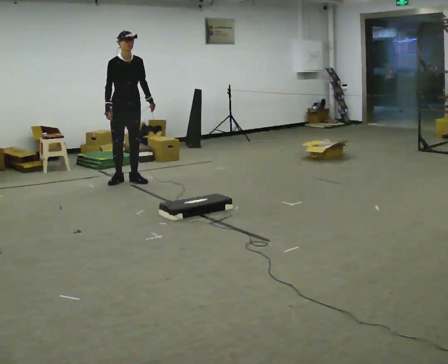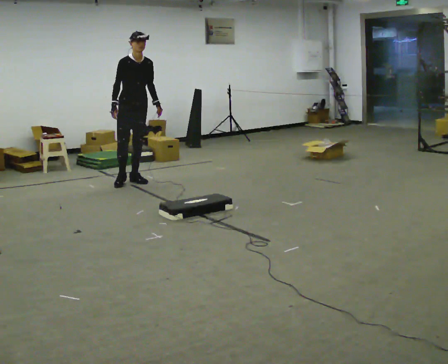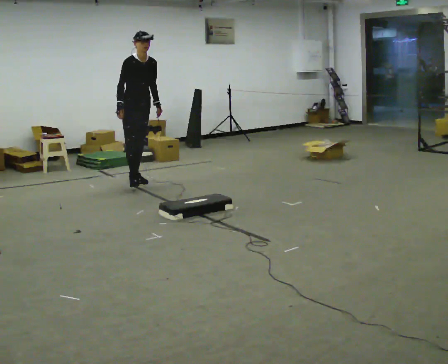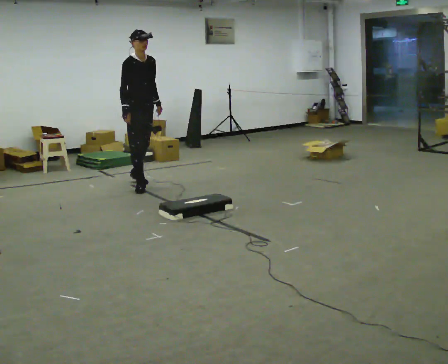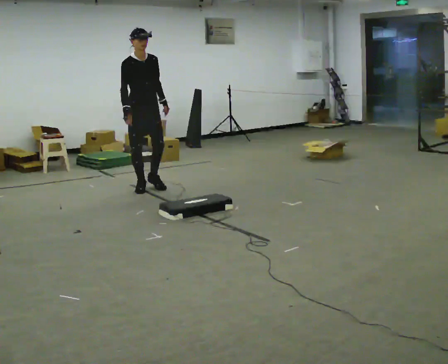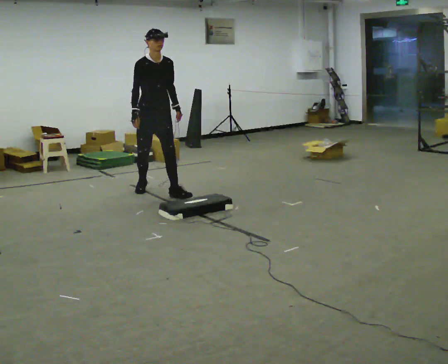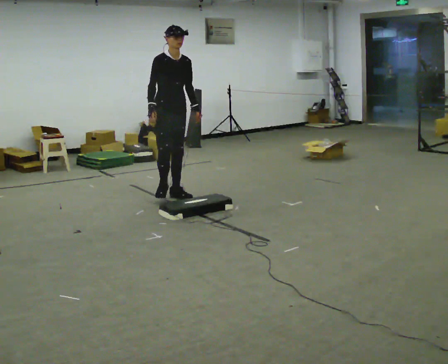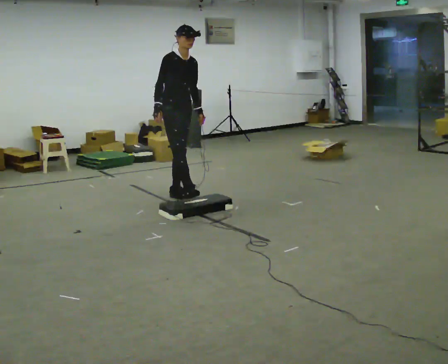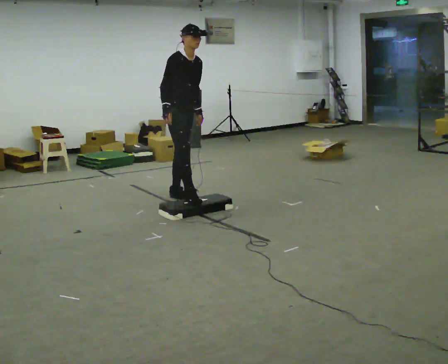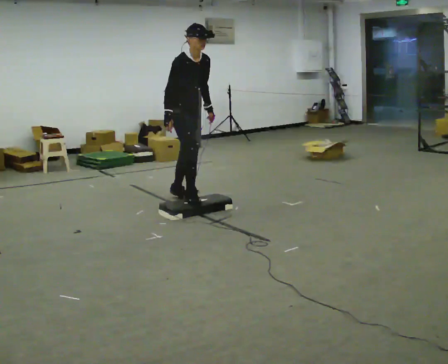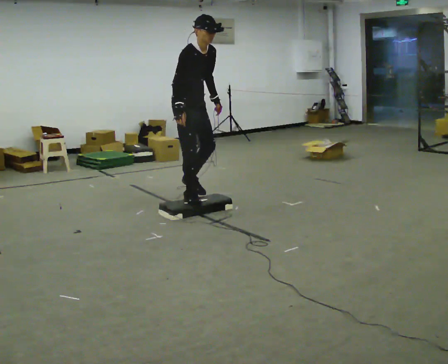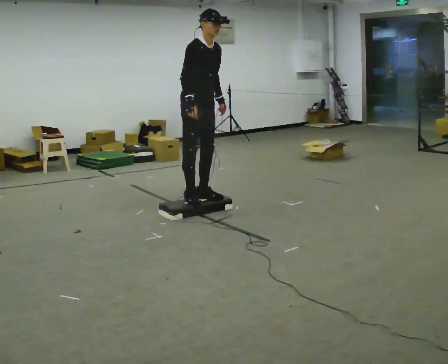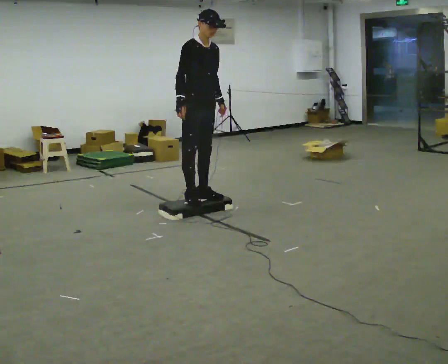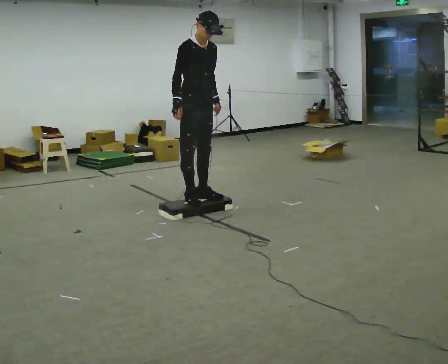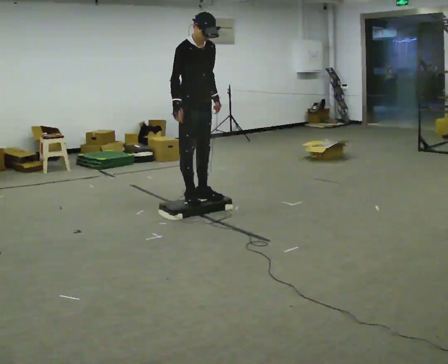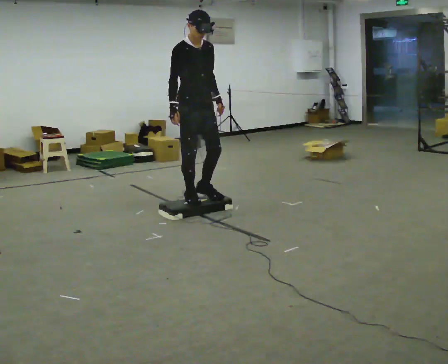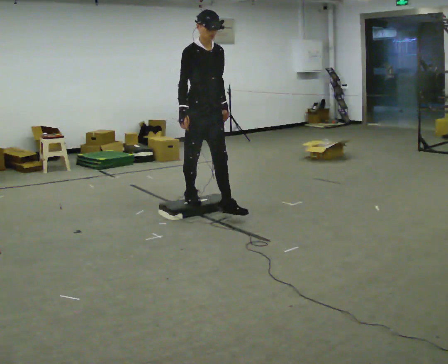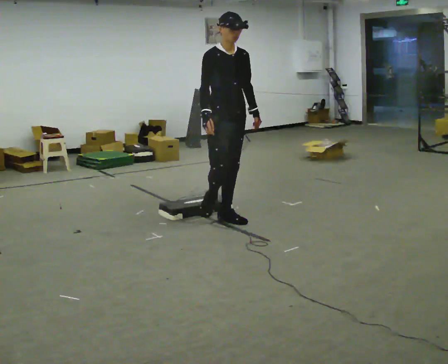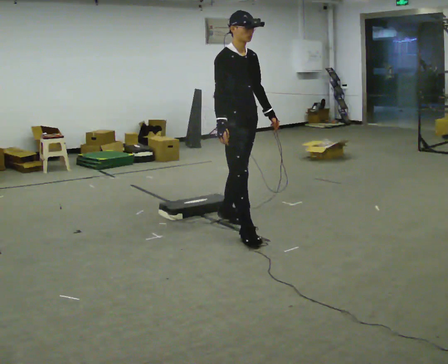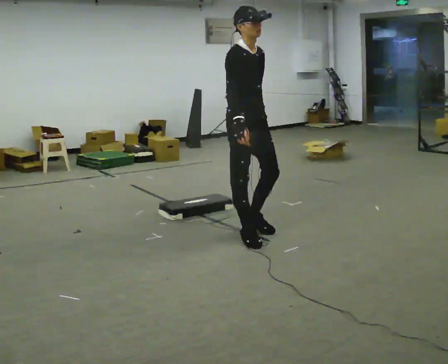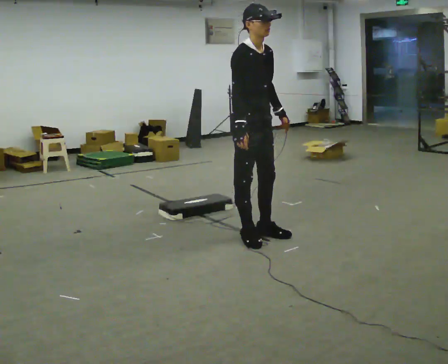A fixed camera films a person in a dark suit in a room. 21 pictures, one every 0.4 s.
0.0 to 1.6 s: In the picture they go toward the camera and to the right, about 0.5 m in 1 step, which for them is forward.
1.6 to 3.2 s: In the picture they go toward the camera and to the right, about 0.5 m in 2 steps, which for them is forward. In the picture the upper body tilts clockwise, shoulders to the right.
3.2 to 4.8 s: In the picture they go toward the camera and to the right, about 0.5 m in 1 step, which for them is forward.
4.8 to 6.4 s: In the picture they go toward the camera, about 0.25 m, which for them is forward.
6.4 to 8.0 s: In the picture they go toward the camera and to the right, about 0.5 m in 3 steps, which for them is forward.
The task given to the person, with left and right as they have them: Walk to the platform; step up onto it; step down the other side; continue walking.
The film runs forward here.
